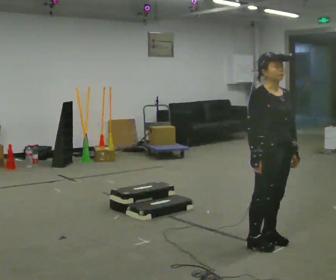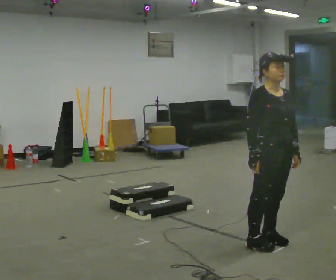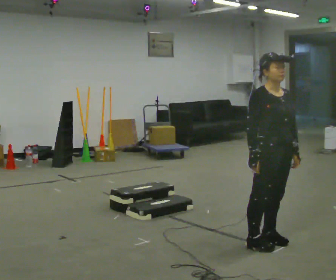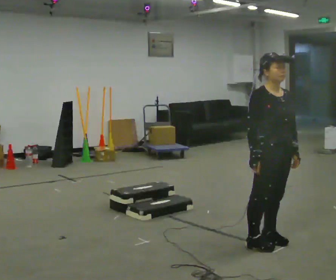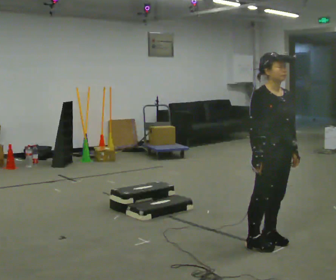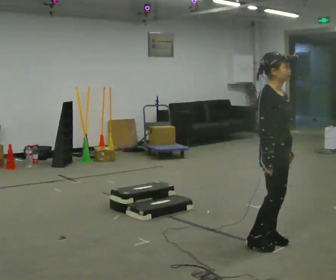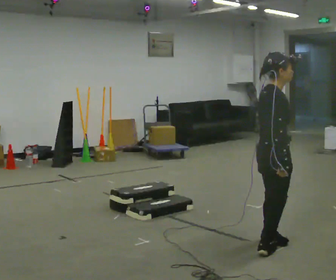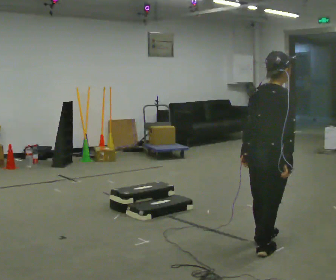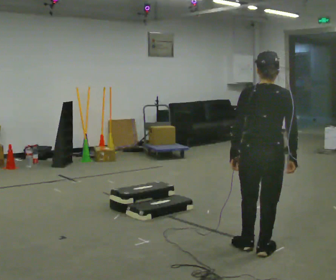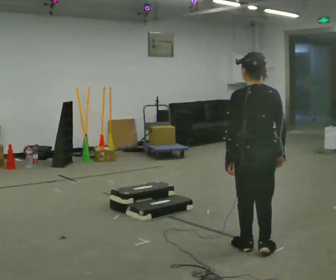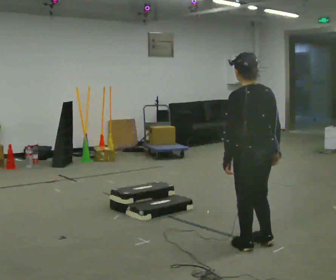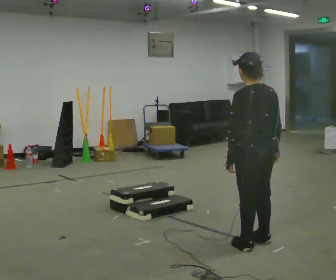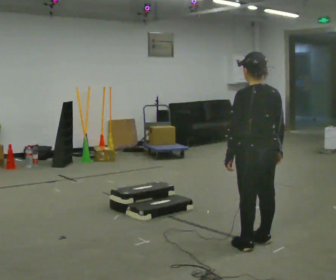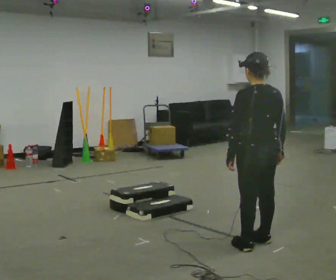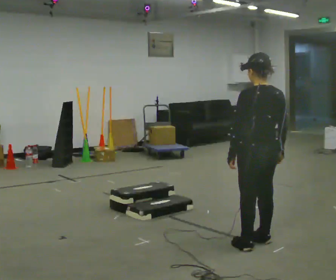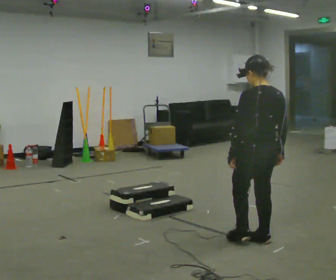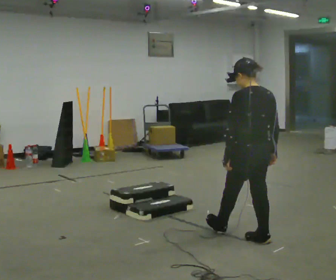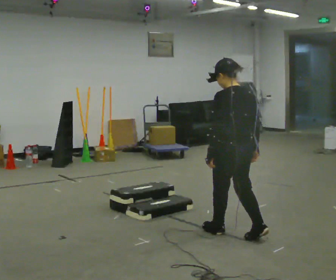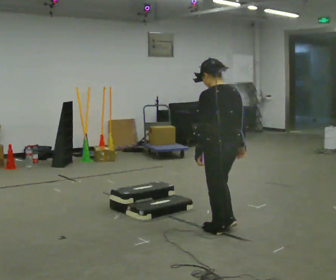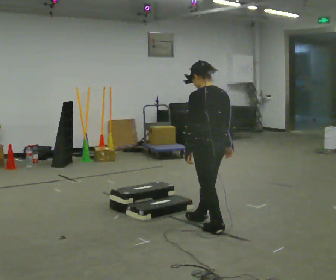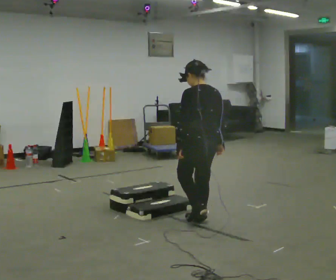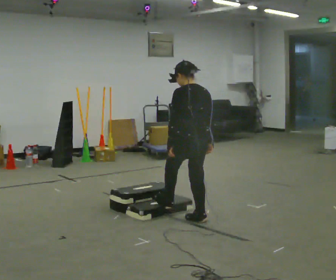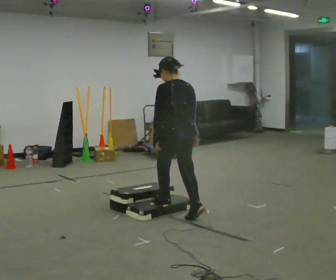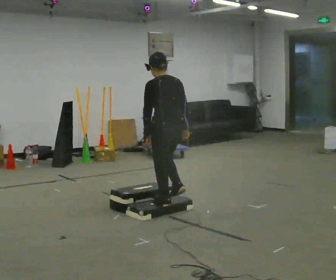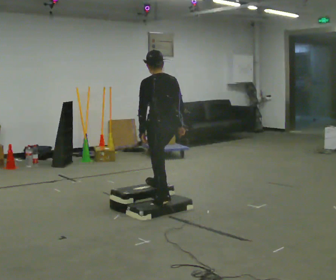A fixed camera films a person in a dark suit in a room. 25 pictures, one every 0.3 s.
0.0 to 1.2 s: The person moves a little, or ends about where they began.
1.2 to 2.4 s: The person turns about 135 degrees to their left, counterclockwise seen from above, so the part of the body nearest the lens slides to the right. In the picture their left hand goes to the left, the arm swinging clockwise.
2.4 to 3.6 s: The part of the body nearest the lens slides to the right as the person turns to their left by about 30 degrees.
3.6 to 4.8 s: In the picture they go away from the camera, about 0.25 m in 1 step, which for them is forward.
4.8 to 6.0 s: In the picture they go away from the camera and to the left, about 0.5 m in 1 step, which for them is forward.
6.0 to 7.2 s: In the picture they go away from the camera and to the left, about 0.5 m in 2 steps, which for them is forward.
The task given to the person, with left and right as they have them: Walk up the three steps, turn at the top, and walk back down at a comfortable speed. Use the handrail only if you need it.
The film runs forward here.
